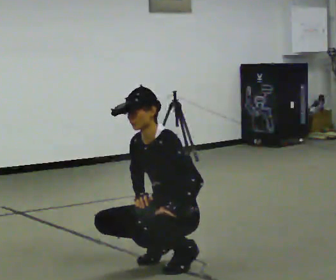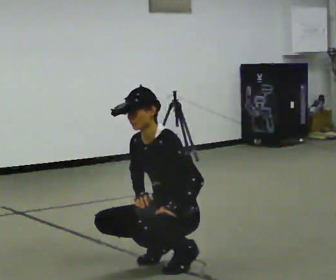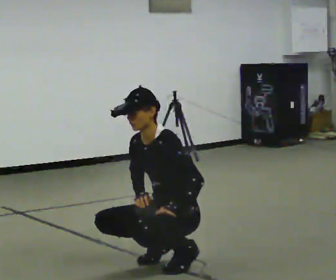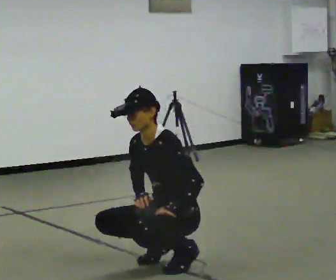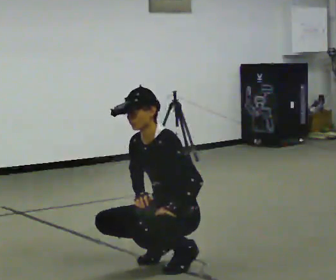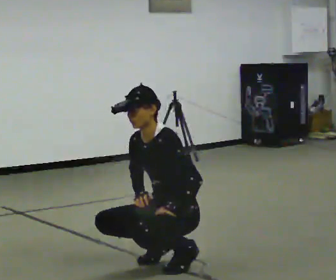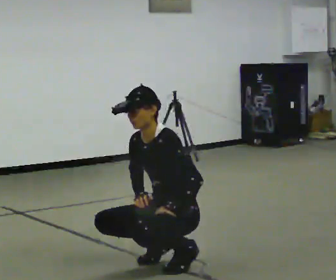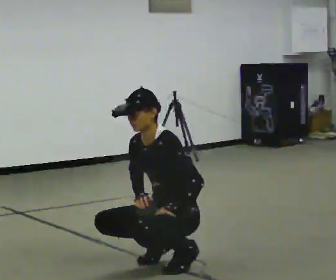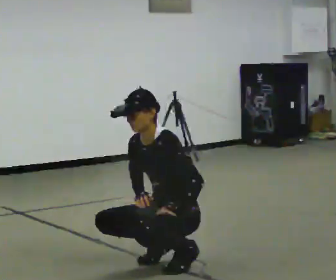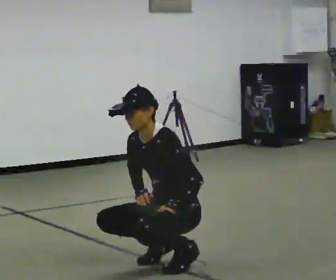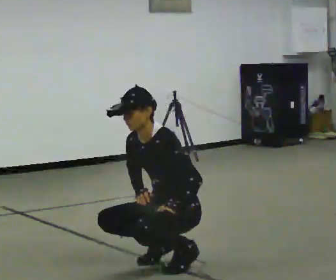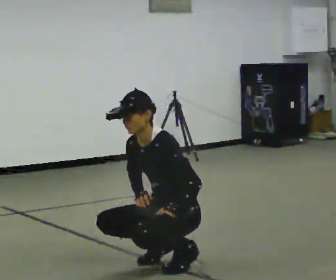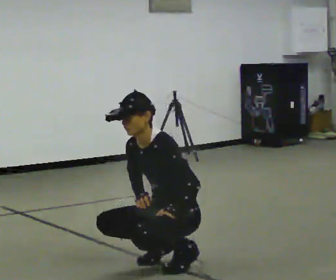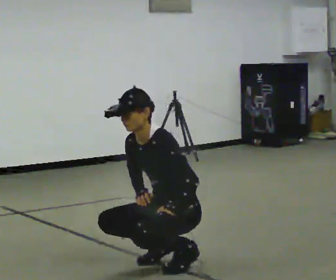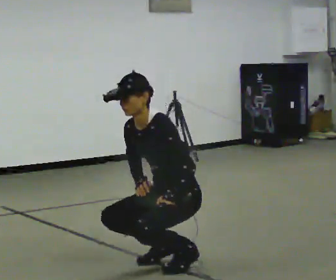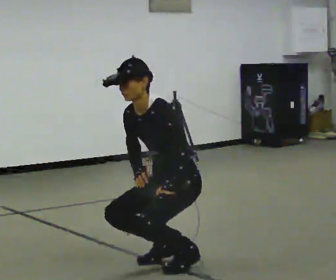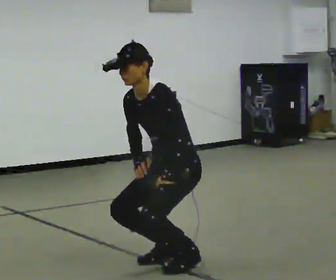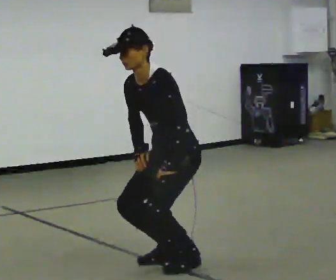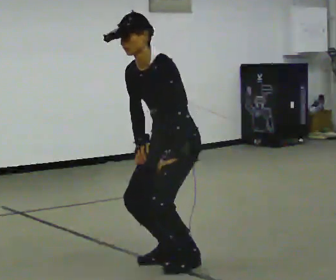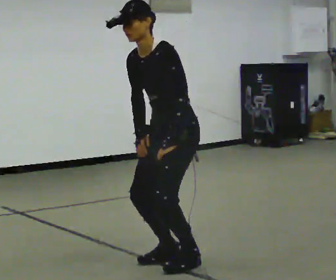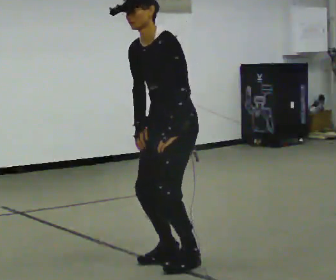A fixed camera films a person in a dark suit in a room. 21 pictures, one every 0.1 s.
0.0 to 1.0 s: The person moves a little, or ends about where they began.
1.0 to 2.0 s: The shoulders move upward. In the picture their right hand goes upward.
The film runs backward here.
